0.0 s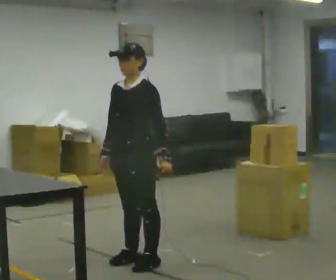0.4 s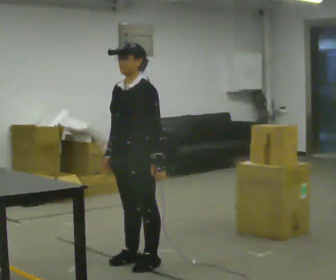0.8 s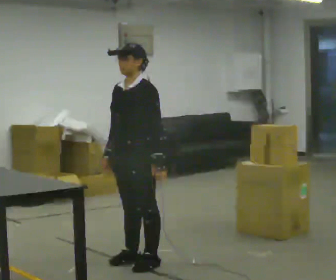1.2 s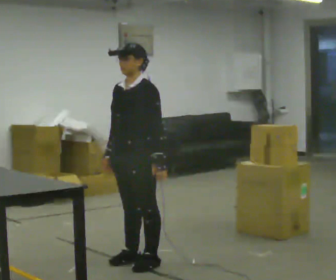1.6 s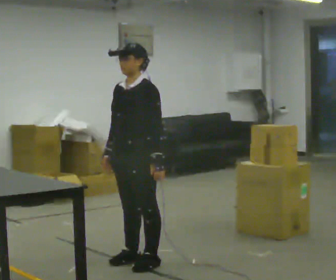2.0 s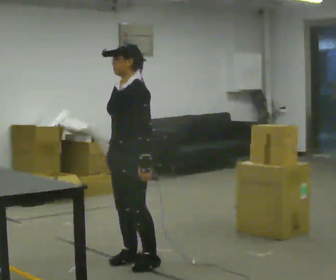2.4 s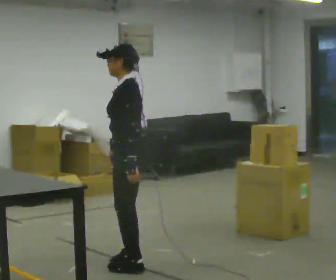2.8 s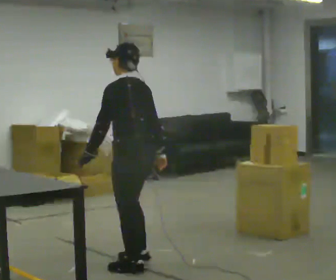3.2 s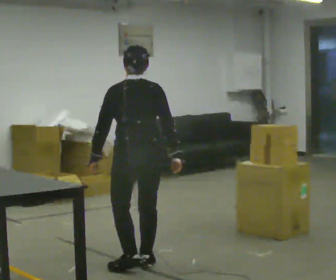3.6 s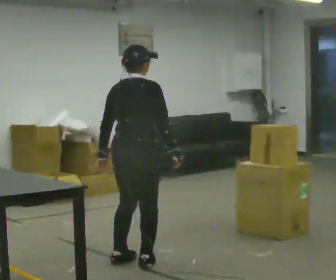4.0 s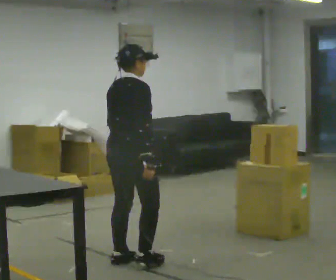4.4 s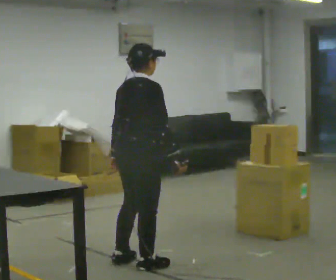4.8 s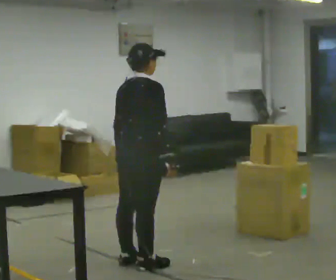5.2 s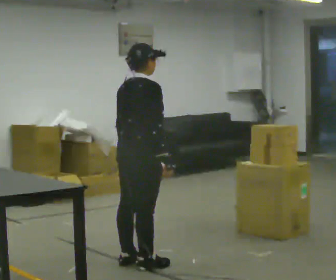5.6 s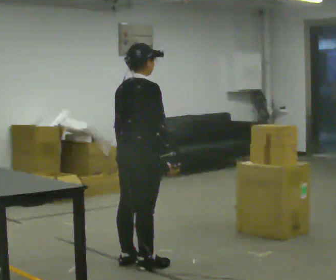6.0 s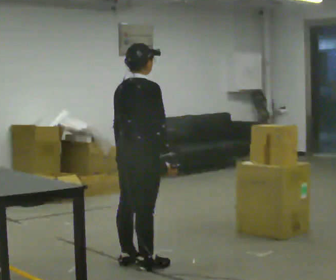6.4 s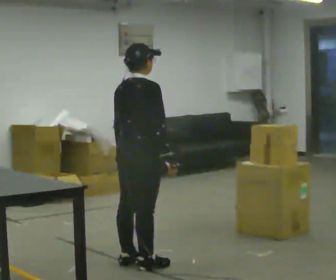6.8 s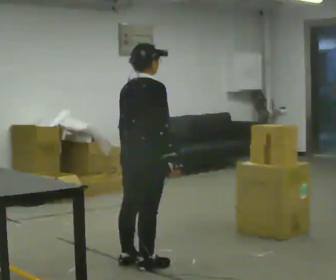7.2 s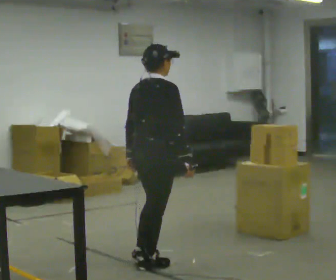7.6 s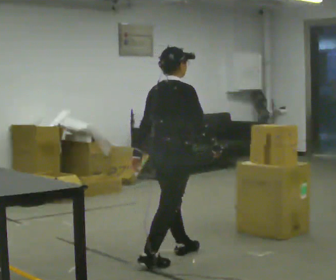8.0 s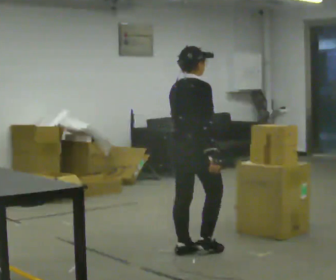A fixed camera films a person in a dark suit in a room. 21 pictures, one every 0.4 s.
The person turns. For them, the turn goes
to their right.
The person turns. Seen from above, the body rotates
clockwise.
0.0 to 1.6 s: The person moves a little, or ends about where they began.
1.6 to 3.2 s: The person turns about 120 degrees to their right, clockwise seen from above, so the part of the body nearest the lens slides to the left. In the picture their right hand goes to the right, the arm swinging counterclockwise.
3.2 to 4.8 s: The person turns about 60 degrees to their right, clockwise seen from above, so the part of the body nearest the lens slides to the left.
4.8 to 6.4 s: The person moves a little, or ends about where they began.
6.4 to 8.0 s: In the picture they go to the right and away from the camera, about 0.5 m in 1 step, which for them is forward.
The film runs forward here.
